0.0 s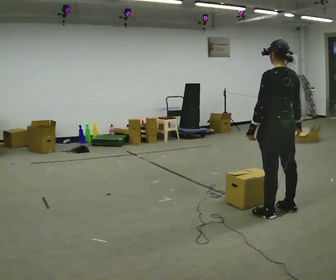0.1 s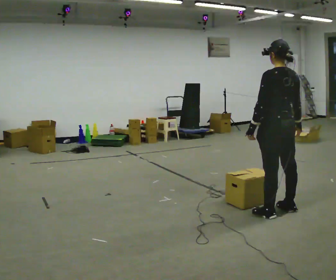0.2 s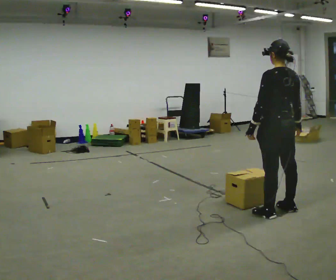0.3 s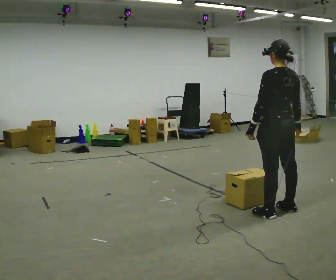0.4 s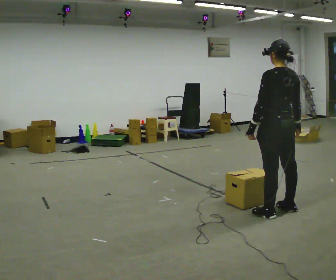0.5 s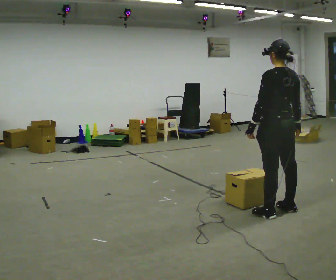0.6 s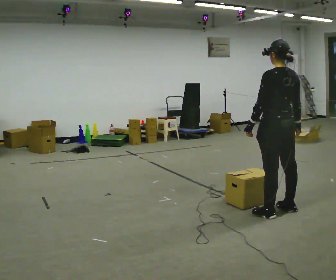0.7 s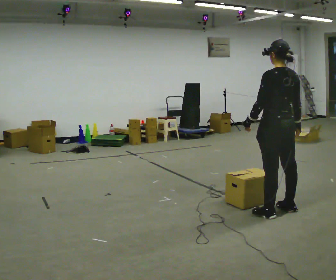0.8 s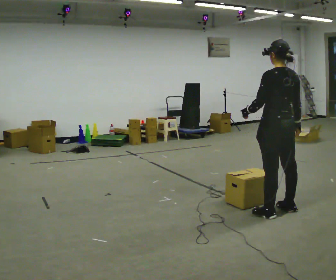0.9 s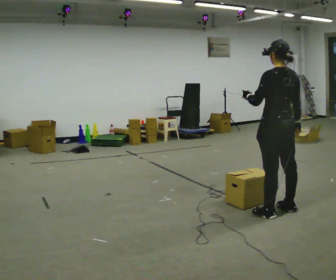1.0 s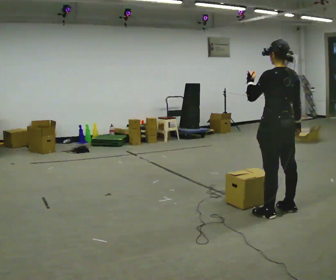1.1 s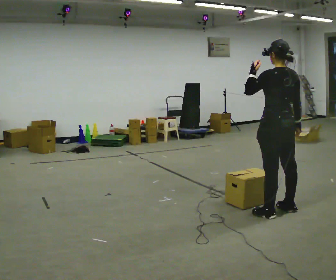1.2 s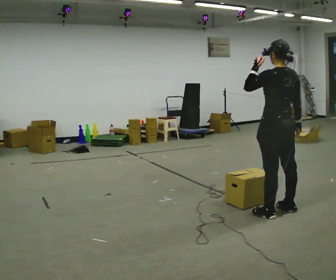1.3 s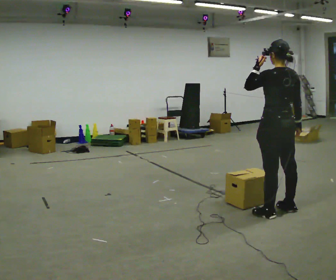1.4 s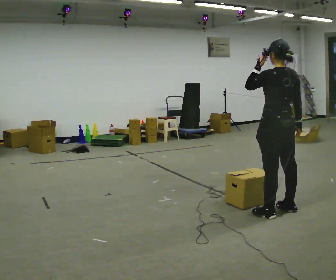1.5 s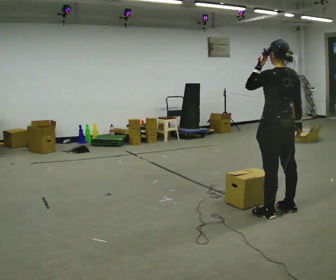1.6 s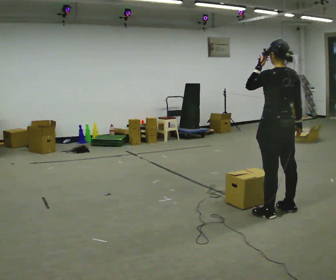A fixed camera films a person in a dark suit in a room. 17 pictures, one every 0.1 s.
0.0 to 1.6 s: In the picture their left hand goes upward.
The film runs forward here.
